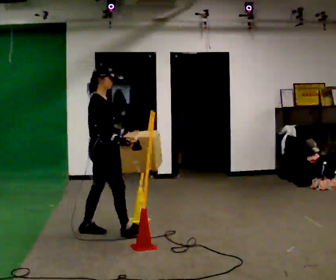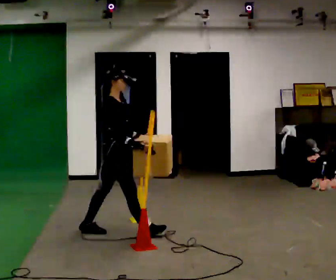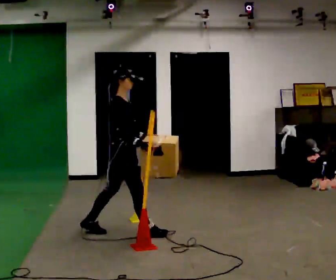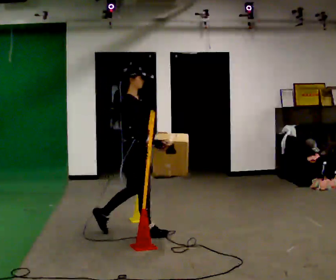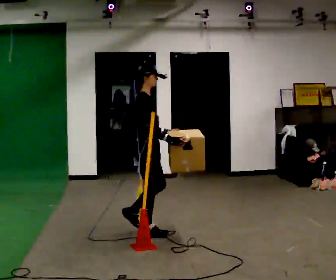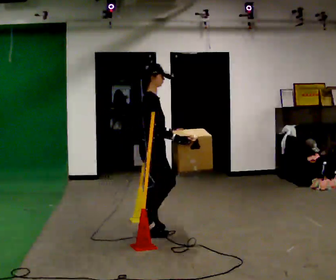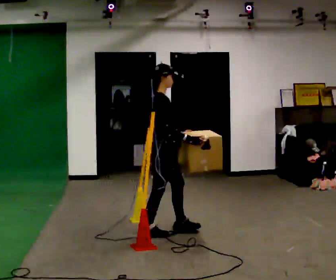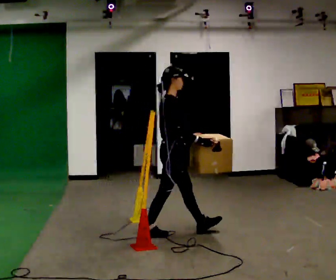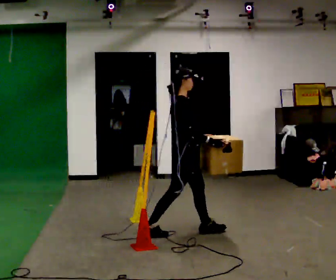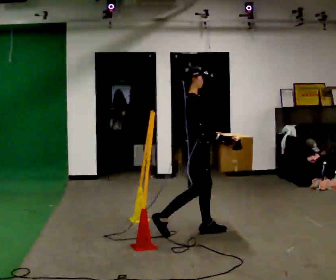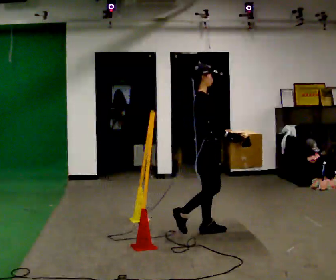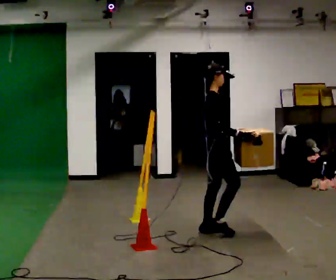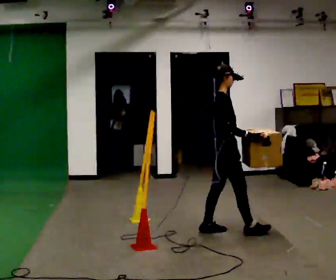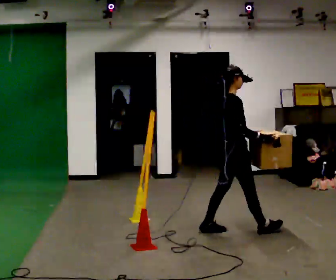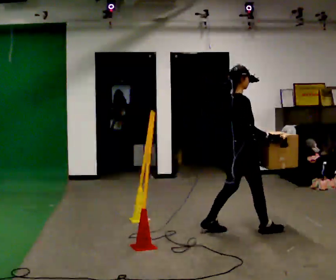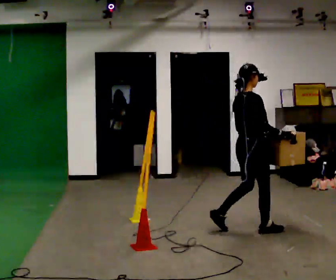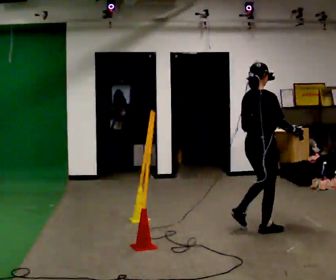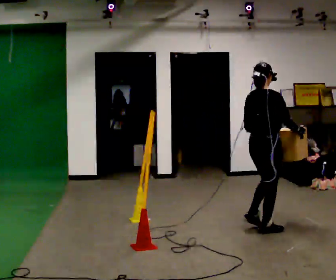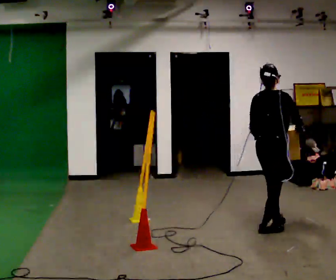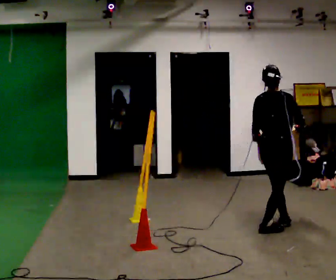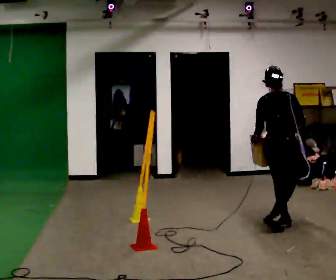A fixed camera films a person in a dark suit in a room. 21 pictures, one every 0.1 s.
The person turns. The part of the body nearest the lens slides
to the right.
The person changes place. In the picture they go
to the right.
0.0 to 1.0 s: In the picture they go to the right, about 1 m in 2 steps, which for them is forward.
1.0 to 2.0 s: The part of the body nearest the lens slides to the right as the person turns to their left by about 60 degrees. In the picture they go to the right, about 0.5 m in 2 steps.
The film runs forward here.
